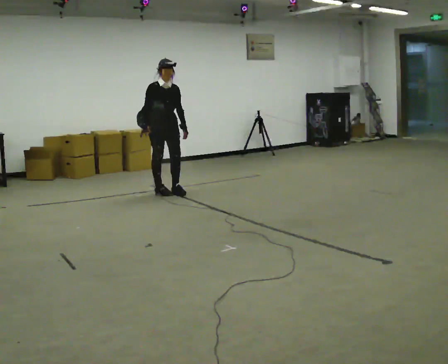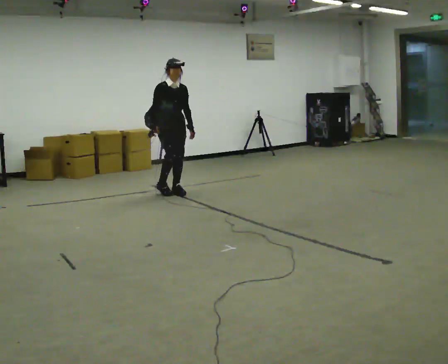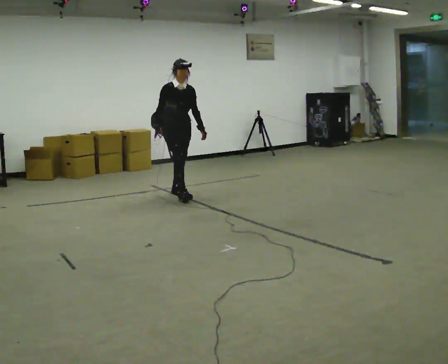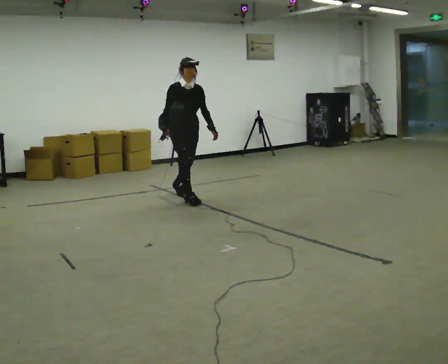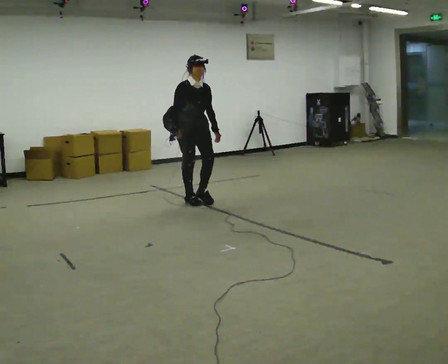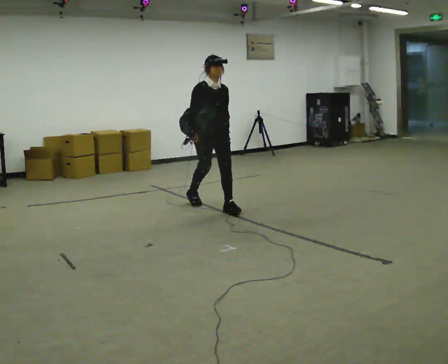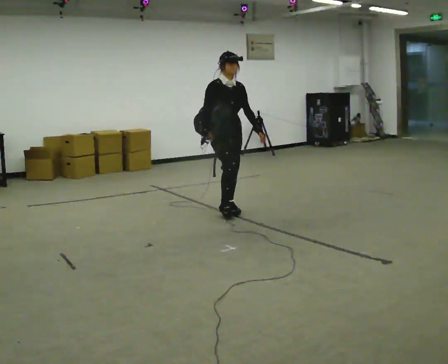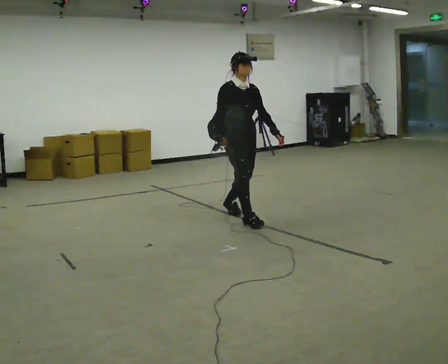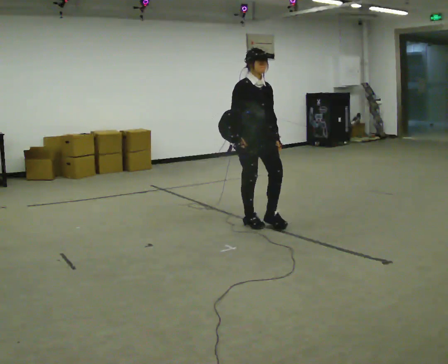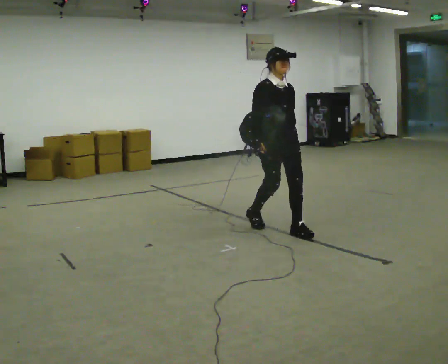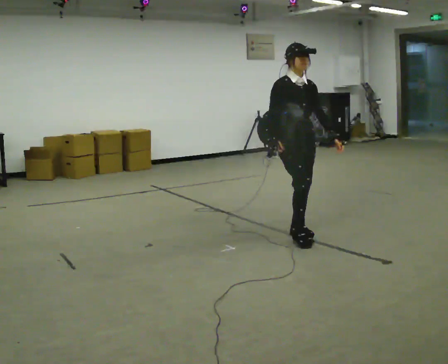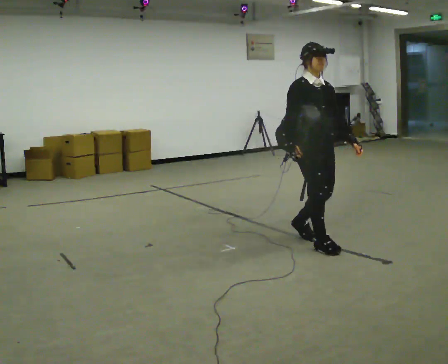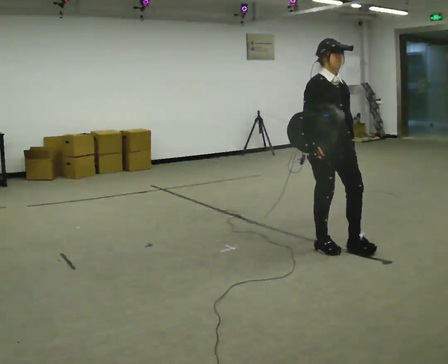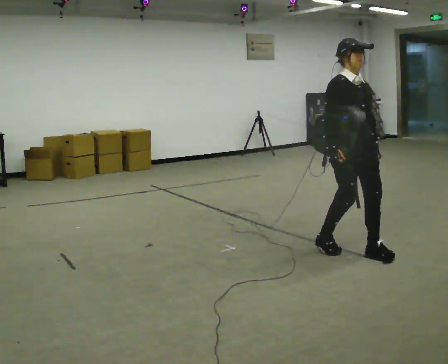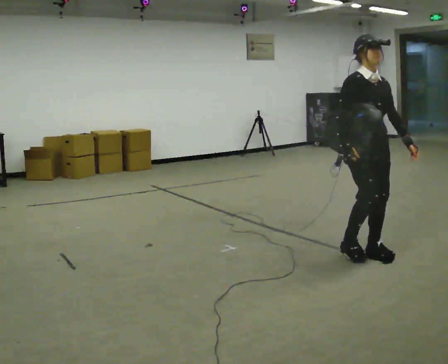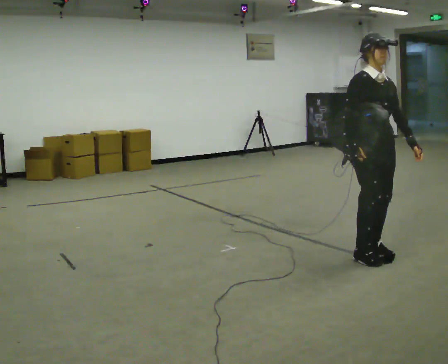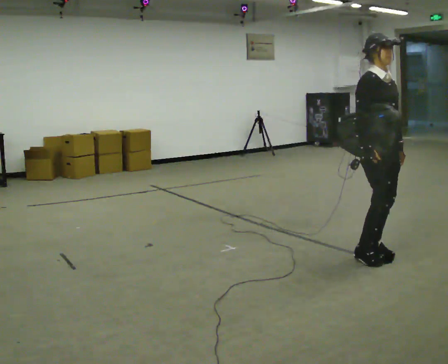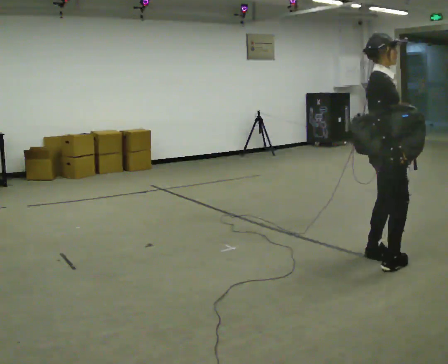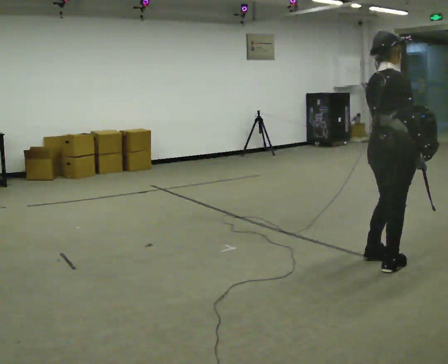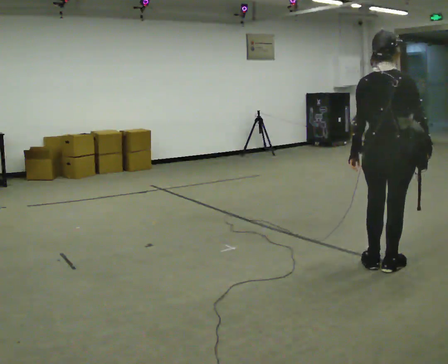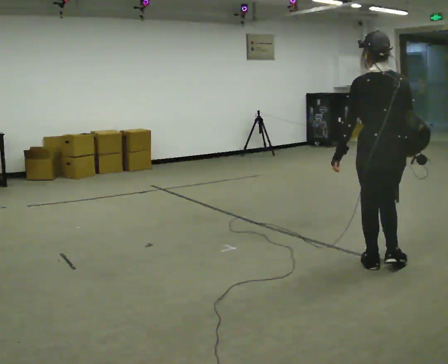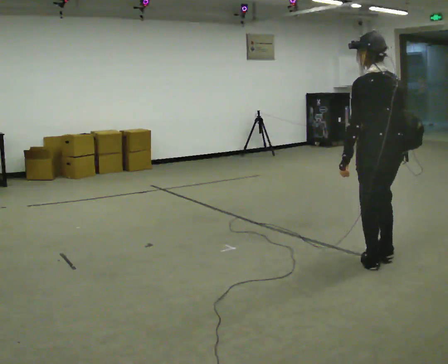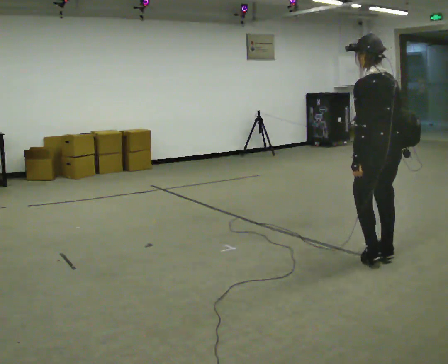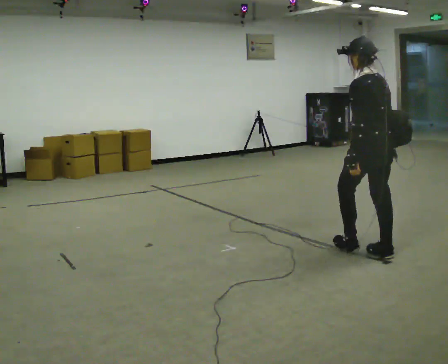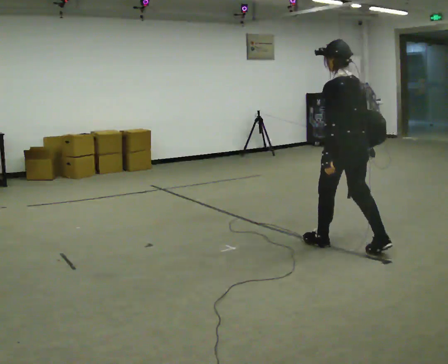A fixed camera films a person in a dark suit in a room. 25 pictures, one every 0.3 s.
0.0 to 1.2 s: In the picture they go to the right and toward the camera, about 0.75 m in 1 step, which for them is forward.
1.2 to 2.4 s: In the picture they go to the right and toward the camera, about 1 m in 2 steps, which for them is forward.
2.4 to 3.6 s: In the picture they go to the right and toward the camera, about 1 m in 2 steps, which for them is forward.
3.6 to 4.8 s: In the picture they go to the right and toward the camera, about 0.5 m in 2 steps, which for them is forward and to their left.
4.8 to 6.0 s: Seen from above the body turns counterclockwise, about 135 degrees: to their left, with its near side sliding to the right. In the picture they go toward the camera, about 0.25 m in 2 steps. In the picture their right hand goes to the right.
6.0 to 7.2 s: The person turns about 30 degrees to their left, counterclockwise seen from above, so the part of the body nearest the lens slides to the right. In the picture they go away from the camera and to the left, about 0.5 m in 2 steps, which for them is forward.
The film runs forward here.
